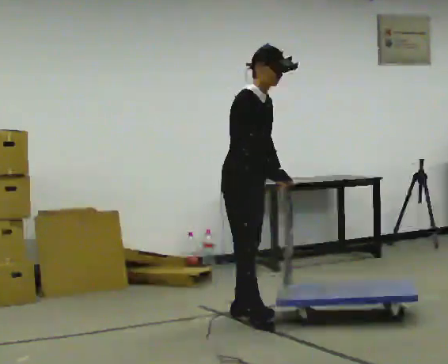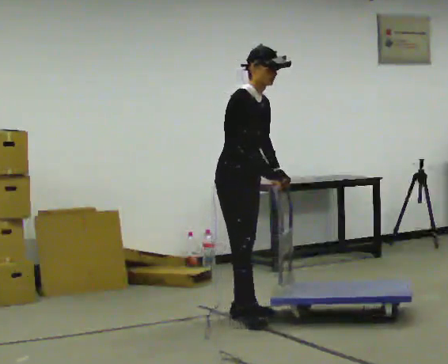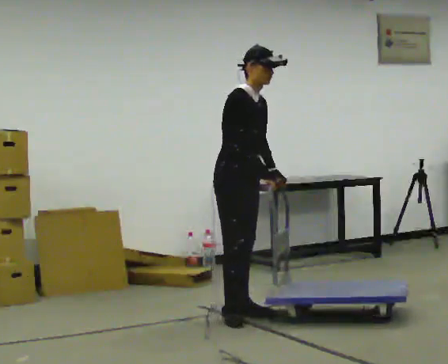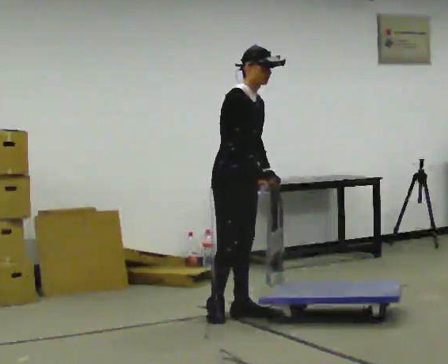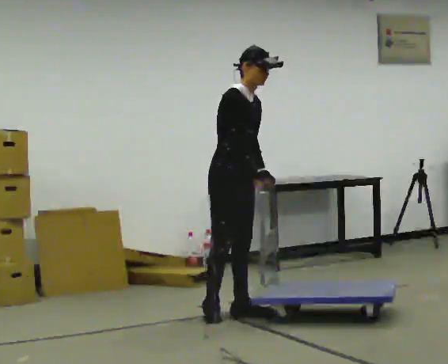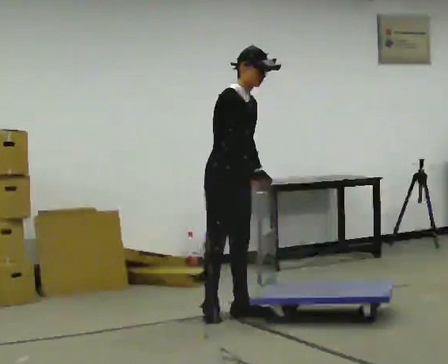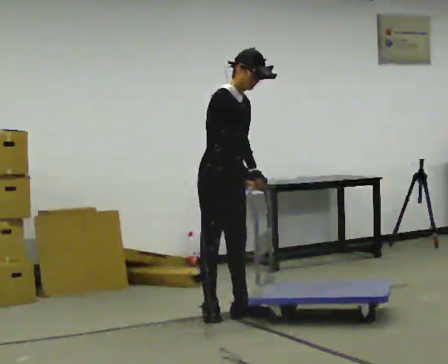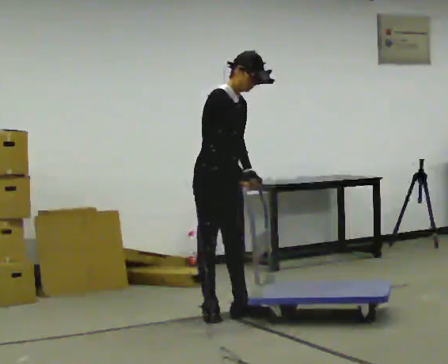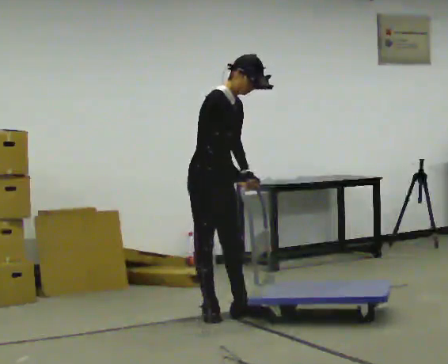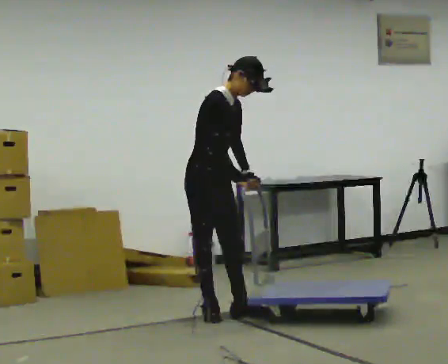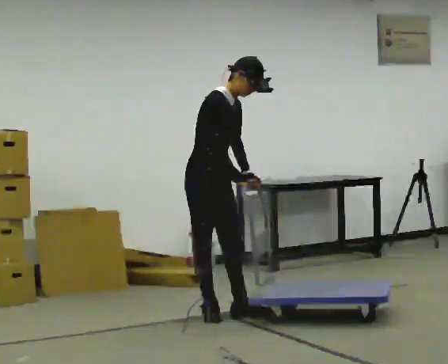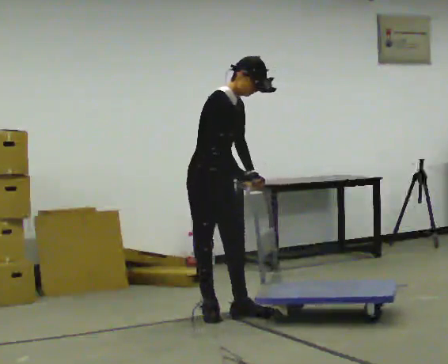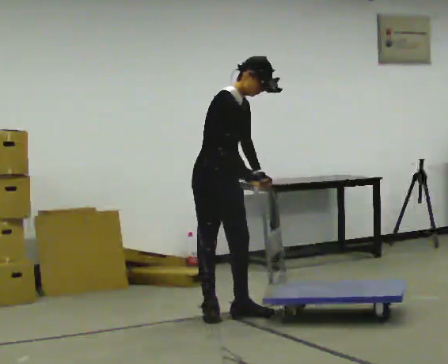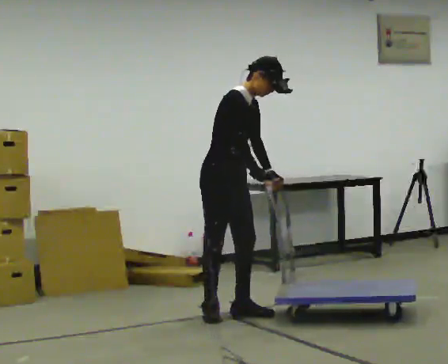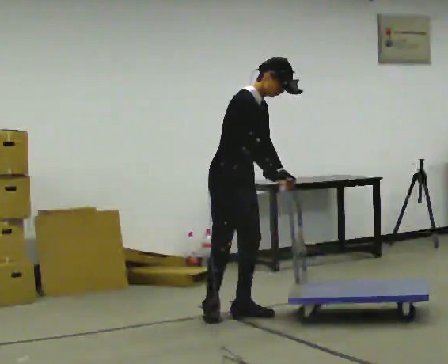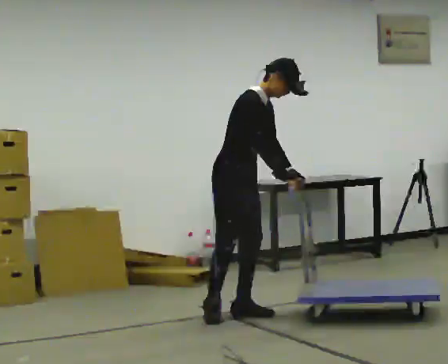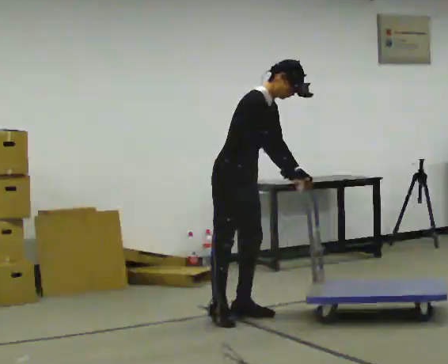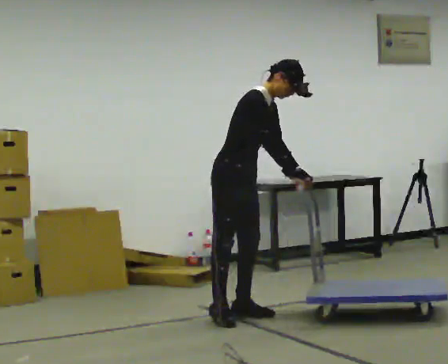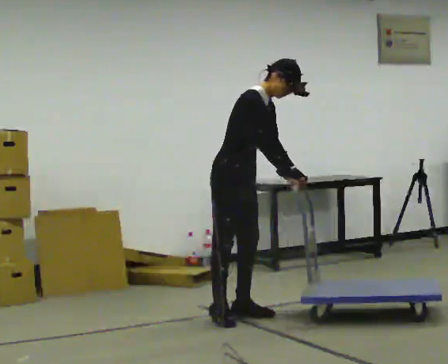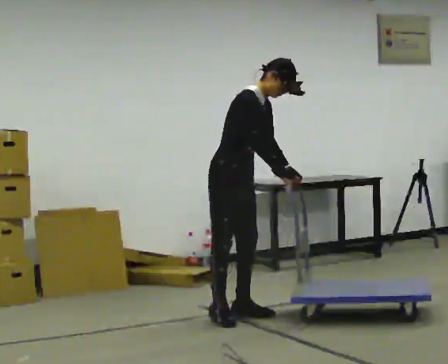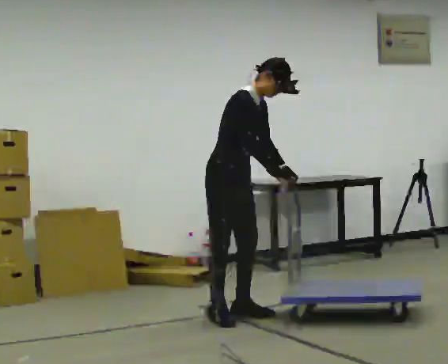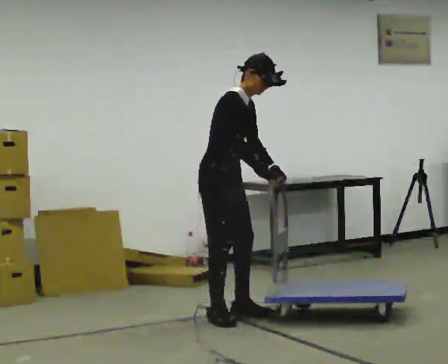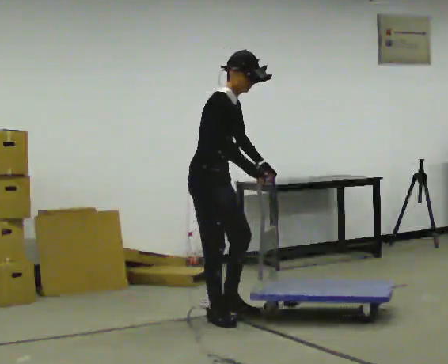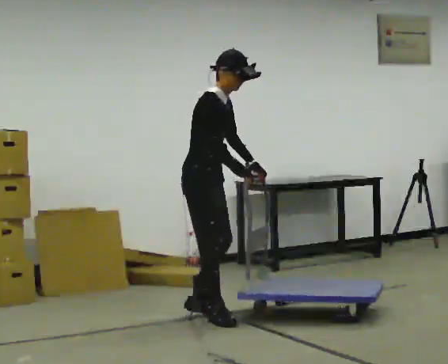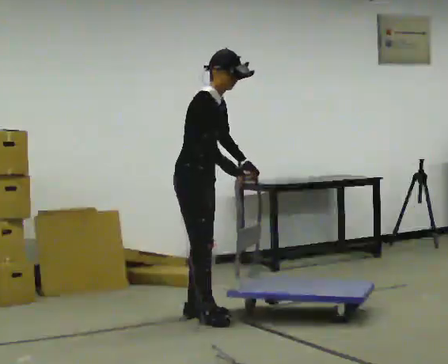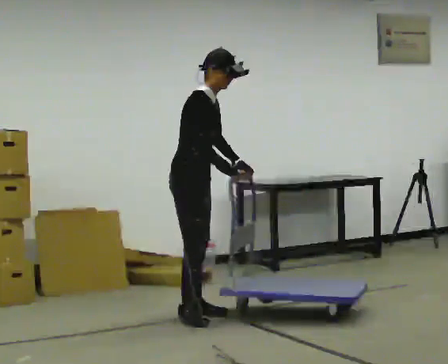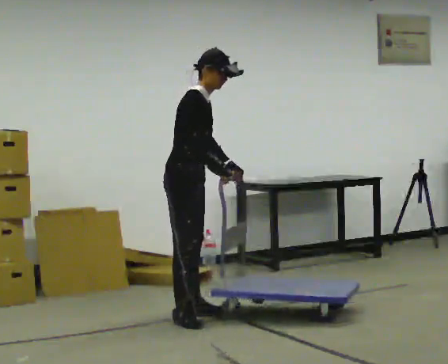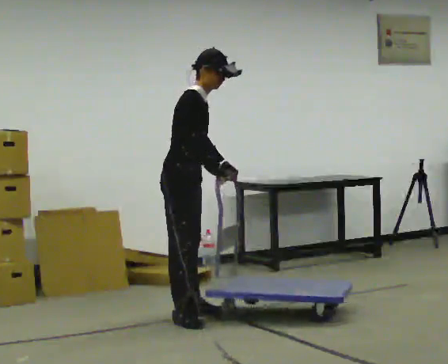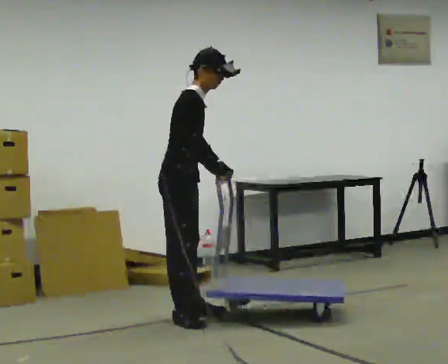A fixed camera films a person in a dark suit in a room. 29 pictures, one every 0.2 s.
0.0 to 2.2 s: In the picture they go to the left, about 0.25 m in 1 step, which for them is backward.
2.2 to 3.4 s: In the picture they go to the right, about 0.25 m, which for them is forward. In the picture their right hand goes to the right.
3.4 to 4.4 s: In the picture they go to the left, about 0.25 m in 1 step, which for them is to their right.
4.4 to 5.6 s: In the picture they go to the left, about 0.25 m in 1 step, which for them is backward.
The film runs backward here.
